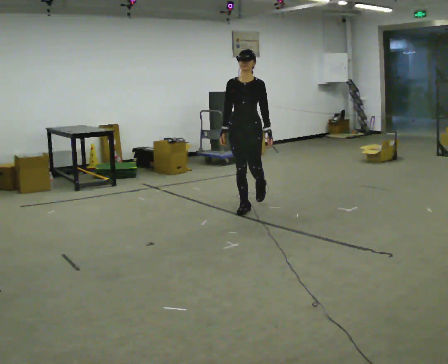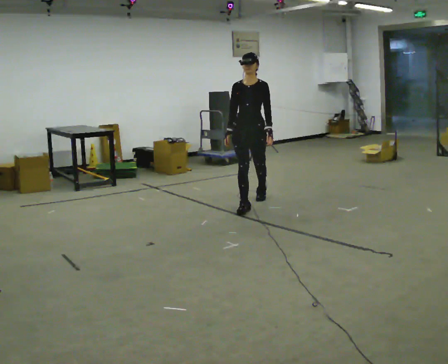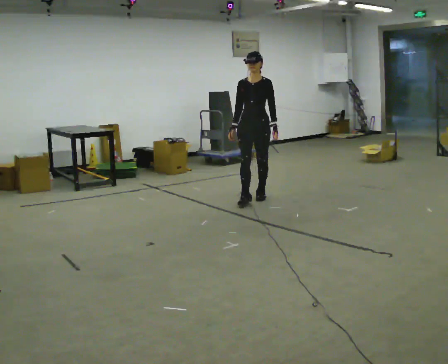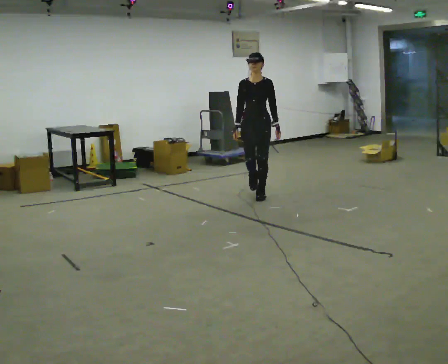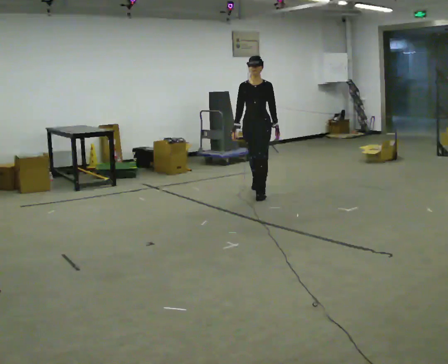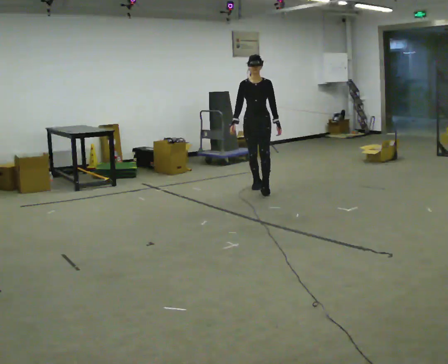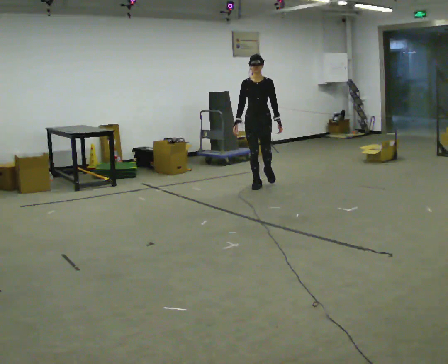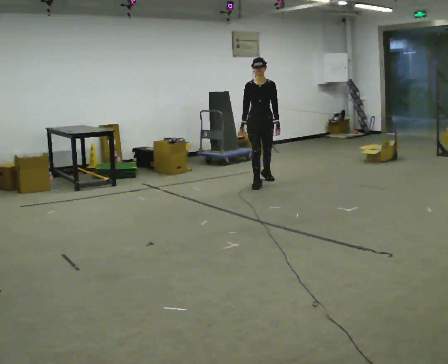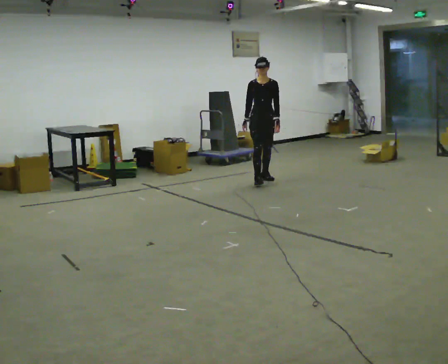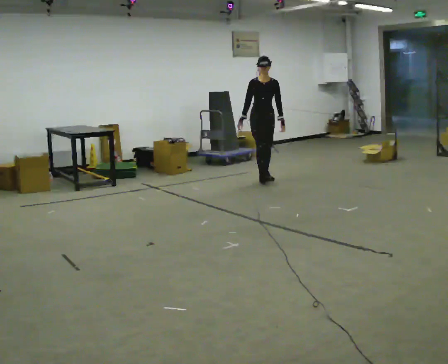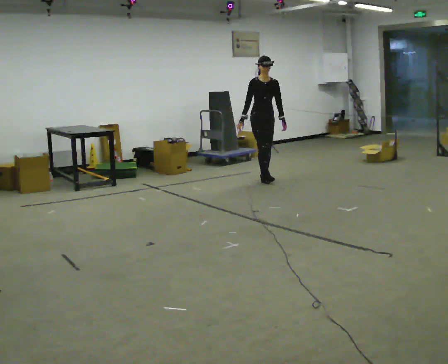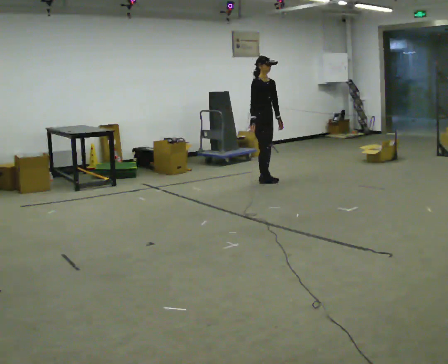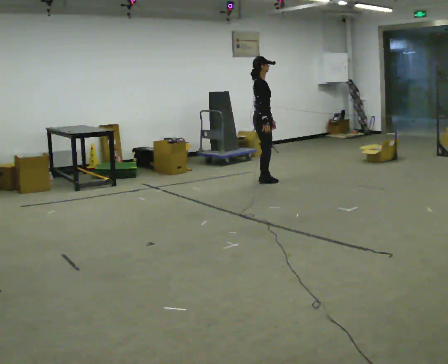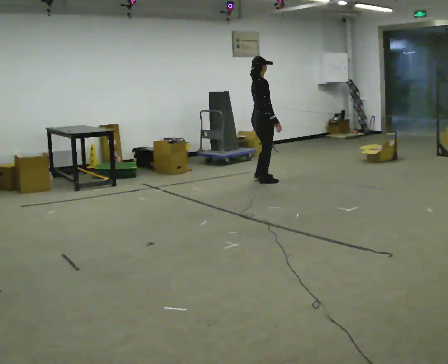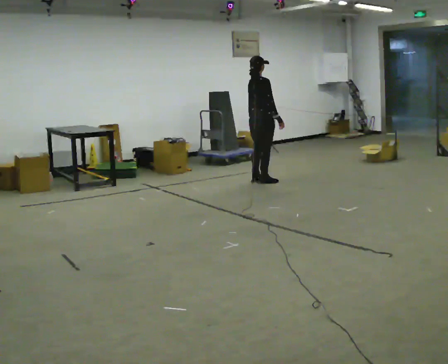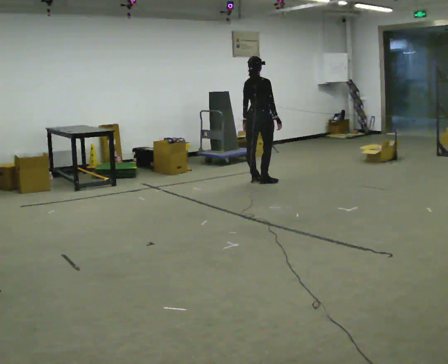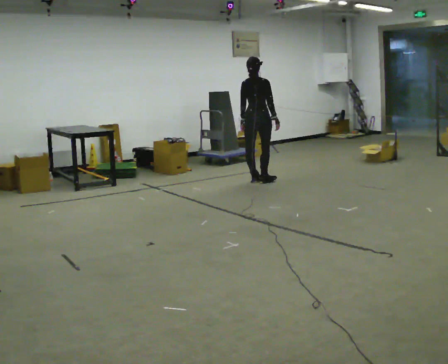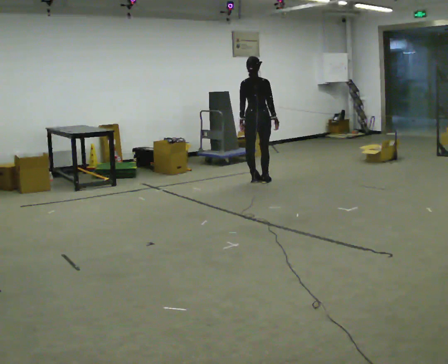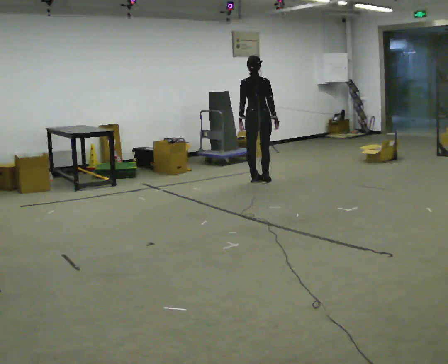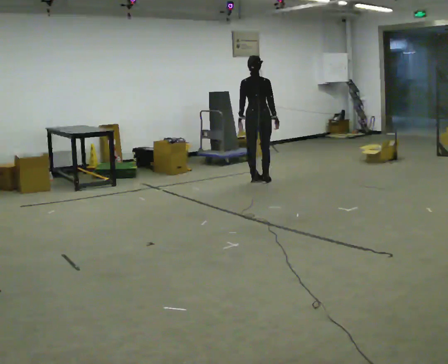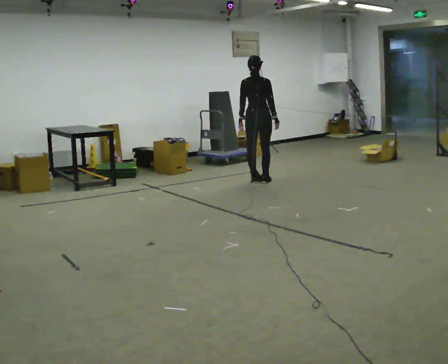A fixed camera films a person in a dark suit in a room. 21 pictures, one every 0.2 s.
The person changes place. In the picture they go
away from the camera.
The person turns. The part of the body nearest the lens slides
to the right.
0.0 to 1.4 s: In the picture they go away from the camera, about 1.5 m in 2 steps, which for them is backward.
1.4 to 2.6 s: Seen from above the body turns counterclockwise, about 105 degrees: to their left, with its near side sliding to the right. In the picture their right hand goes to the right, the arm swinging counterclockwise.
2.6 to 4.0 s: Seen from above the body turns counterclockwise, about 60 degrees: to their left, with its near side sliding to the right.
The film runs backward here.
